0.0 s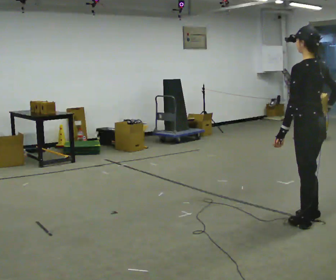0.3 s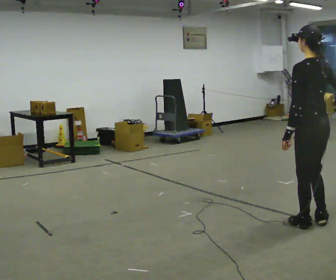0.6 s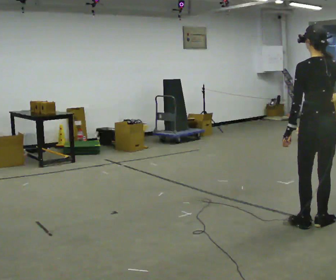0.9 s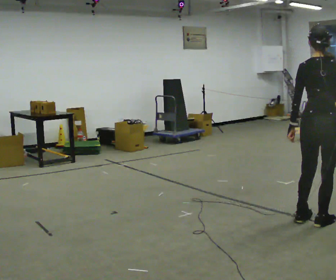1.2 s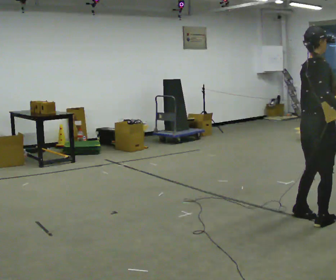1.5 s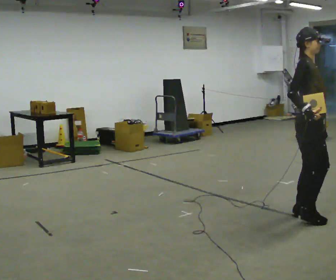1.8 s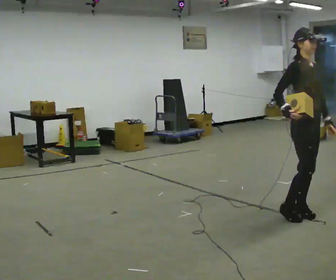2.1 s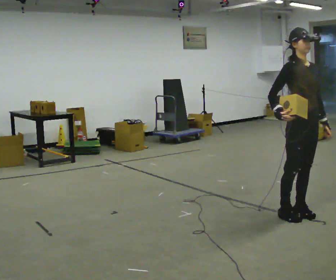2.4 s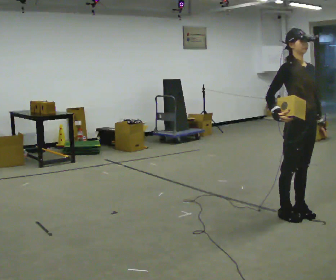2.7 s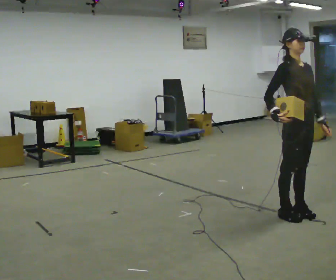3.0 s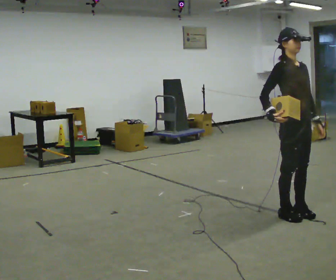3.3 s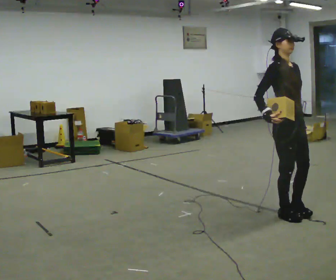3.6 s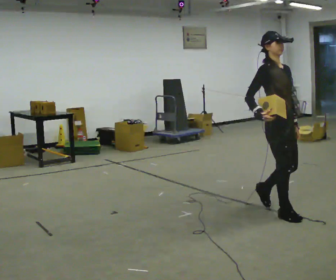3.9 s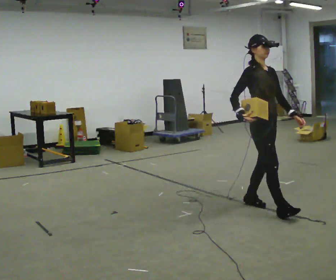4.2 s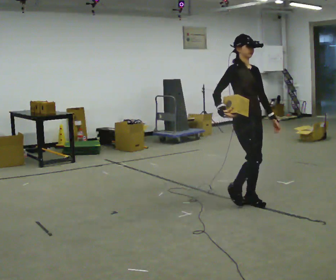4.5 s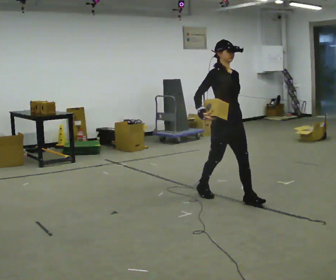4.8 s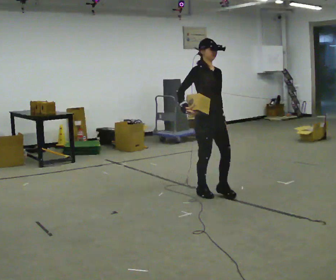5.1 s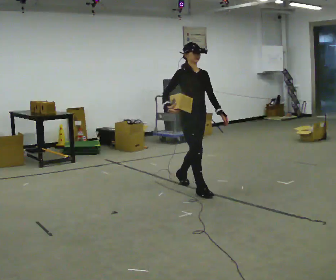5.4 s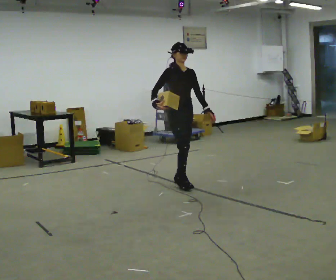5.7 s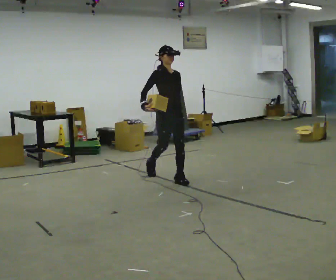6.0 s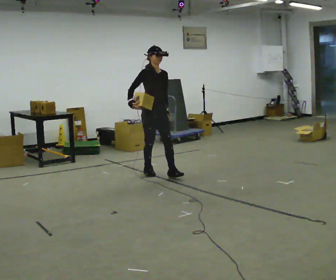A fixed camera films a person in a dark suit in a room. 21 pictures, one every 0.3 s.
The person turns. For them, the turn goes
to their right.
The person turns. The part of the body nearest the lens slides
to the left.
0.0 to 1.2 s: The part of the body nearest the lens slides to the left as the person turns to their right by about 120 degrees.
1.2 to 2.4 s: The part of the body nearest the lens slides to the left as the person turns to their right by about 75 degrees. In the picture they go away from the camera, about 0.25 m in 1 step. In the picture their right hand goes to the left, the arm swinging clockwise.
2.4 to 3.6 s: In the picture they go to the left, about 0.25 m in 1 step, which for them is backward.
3.6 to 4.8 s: In the picture they go away from the camera and to the left, about 1 m in 2 steps, which for them is backward.
4.8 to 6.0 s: In the picture they go away from the camera and to the left, about 1 m in 2 steps, which for them is backward.
The film runs backward here.
